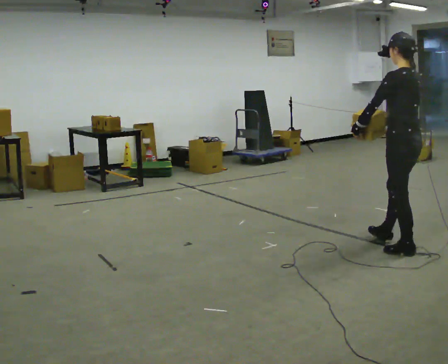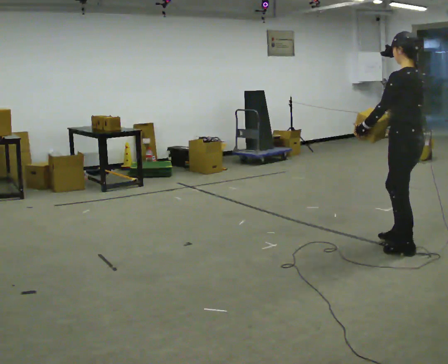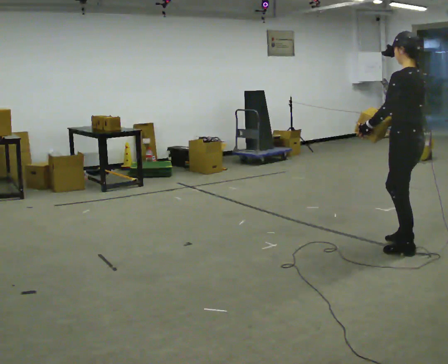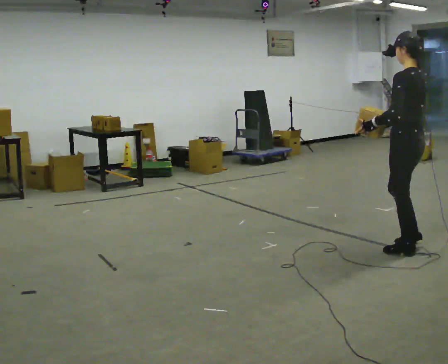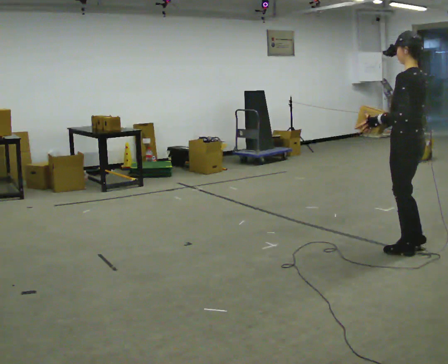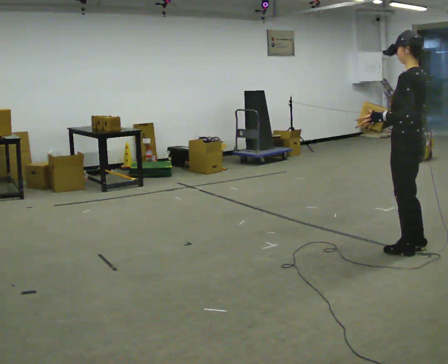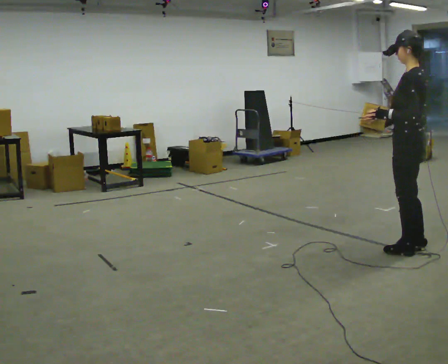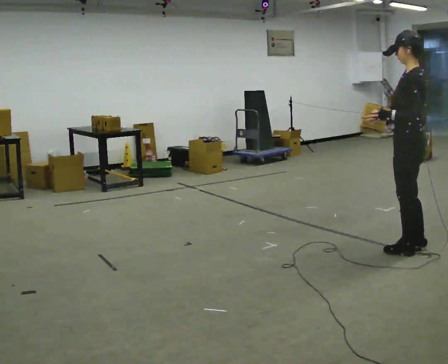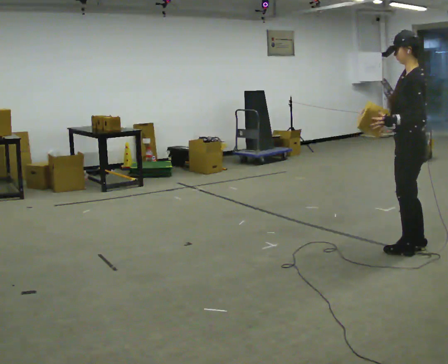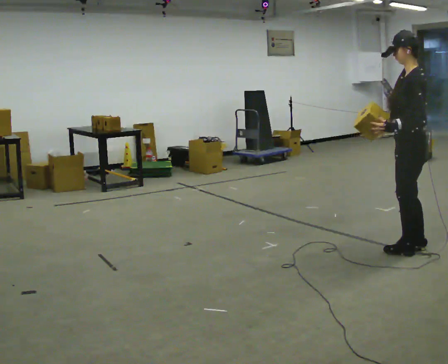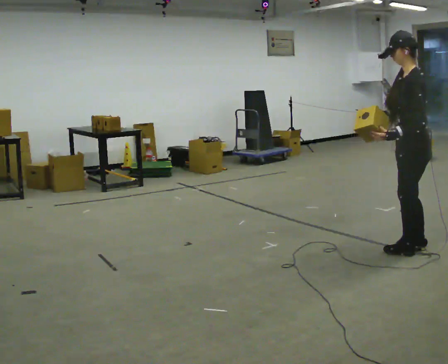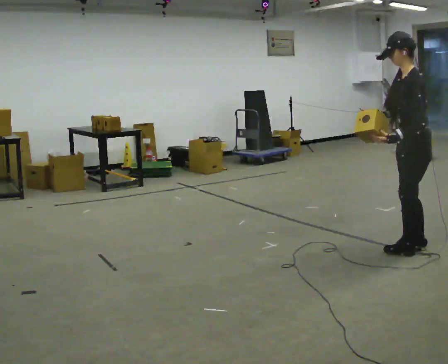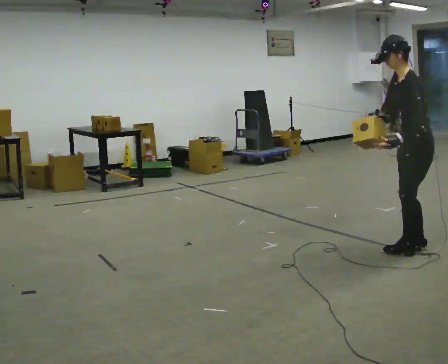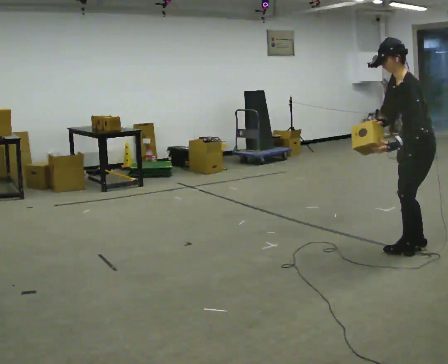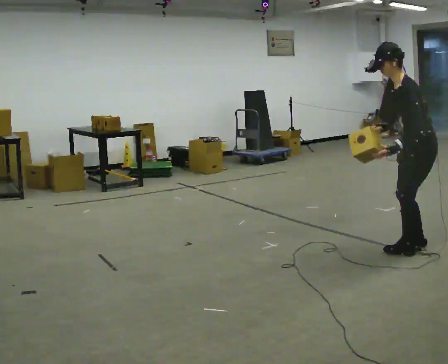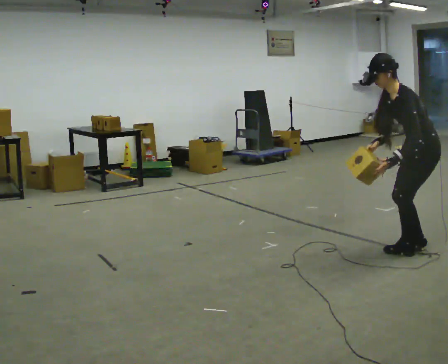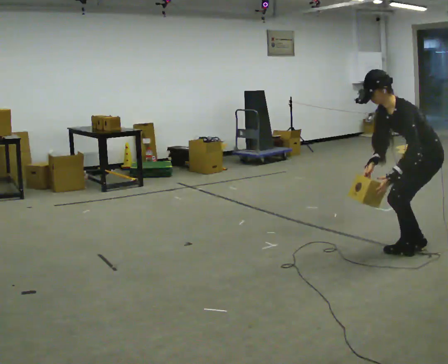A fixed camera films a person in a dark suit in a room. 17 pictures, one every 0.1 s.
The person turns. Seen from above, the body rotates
counterclockwise.
The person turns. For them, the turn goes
to their left.
0.0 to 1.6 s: The person turns about 60 degrees to their left, counterclockwise seen from above, so the part of the body nearest the lens slides to the right. In the picture they go to the right, about 0.25 m. The upper body goes downward. In the picture the upper body tilts counterclockwise, shoulders to the left, as they bend forward. In the picture their left hand goes downward, the arm swinging counterclockwise.
The film runs backward here.
